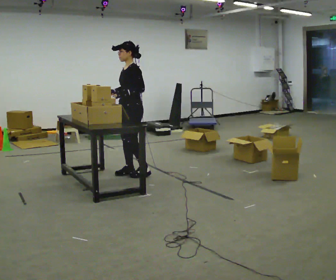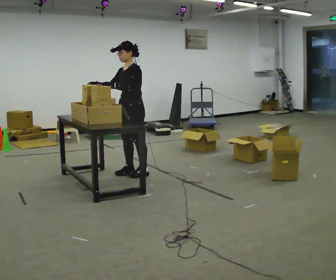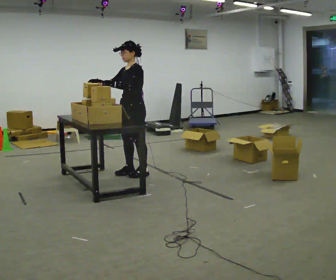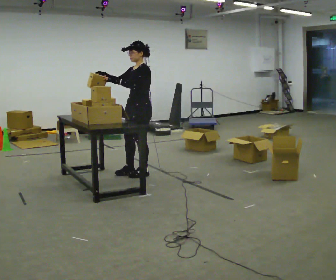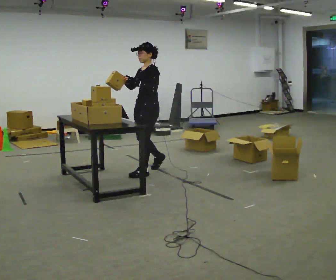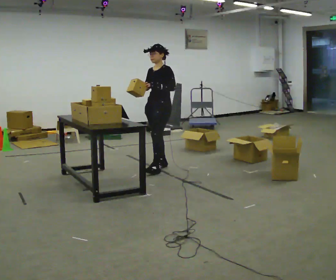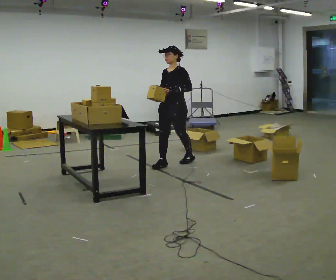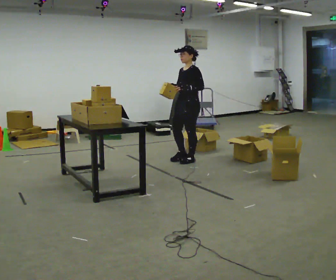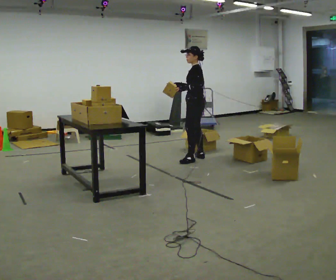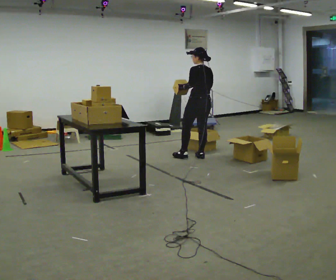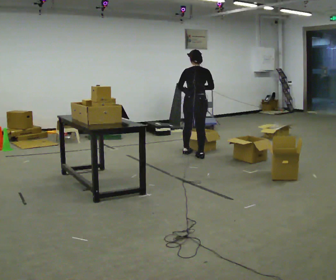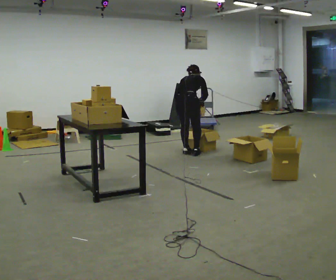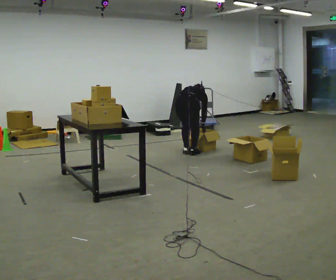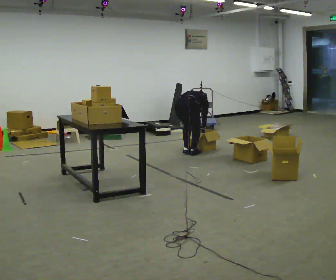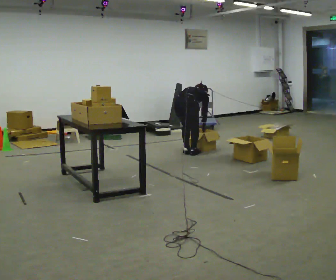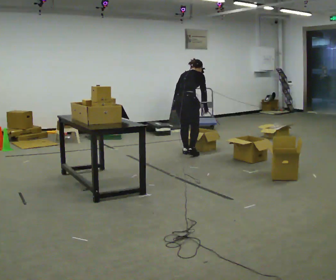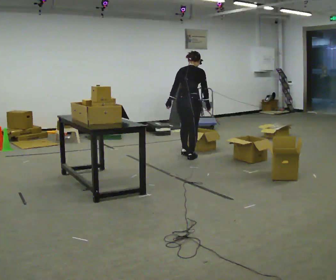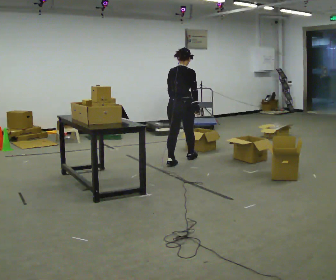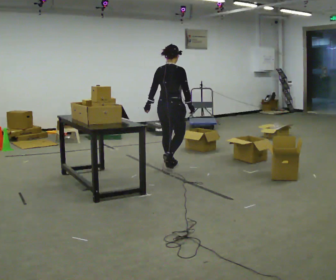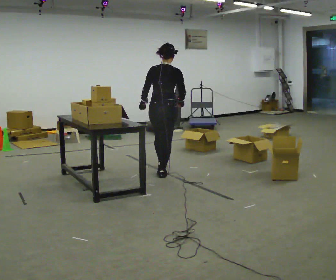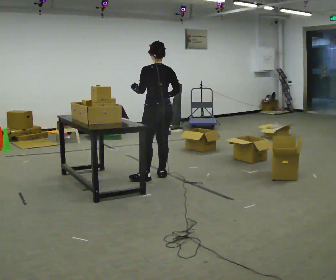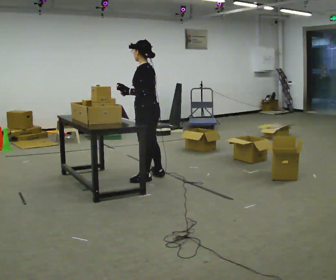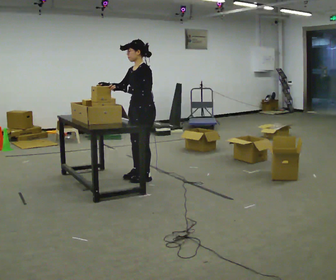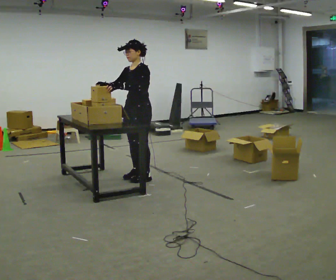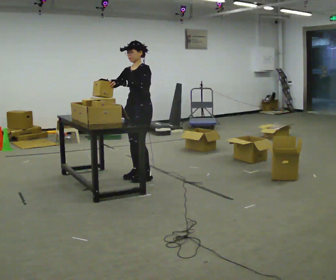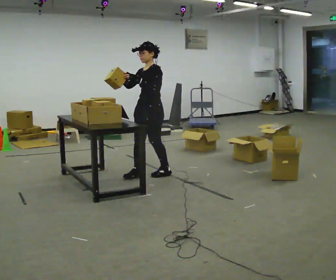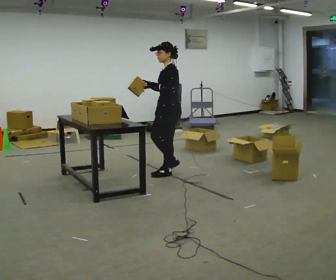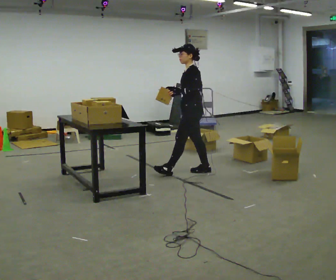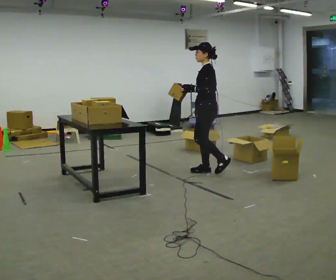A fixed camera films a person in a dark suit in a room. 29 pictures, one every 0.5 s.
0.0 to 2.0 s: In the picture they go to the right, about 0.25 m in 1 step, which for them is backward.
2.0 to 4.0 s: Seen from above the body turns clockwise, about 30 degrees: to their right, with its near side sliding to the left. In the picture they go away from the camera and to the right, about 1 m in 2 steps.
4.0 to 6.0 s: Seen from above the body turns clockwise, about 105 degrees: to their right, with its near side sliding to the left. In the picture they go away from the camera, about 0.25 m in 2 steps. The shoulders move downward. The upper body tips away from the camera, its near side rolling upward, as they bend forward. In the picture their right hand goes downward.
6.0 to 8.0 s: In the picture they go toward the camera, about 0.25 m in 2 steps, which for them is backward. The upper body tips toward the camera, its near side rolling downward, as they lean back or straighten. In the picture their left hand goes upward and to the left.
8.0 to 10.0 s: The part of the body nearest the lens slides to the right as the person turns to their left by about 45 degrees. In the picture they go toward the camera, about 1 m in 2 steps, which for them is backward.
10.0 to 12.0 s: Seen from above the body turns counterclockwise, about 105 degrees: to their left, with its near side sliding to the right. In the picture they go to the left, about 0.25 m in 1 step. In the picture their right hand goes to the left.
12.0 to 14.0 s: The person turns about 45 degrees to their right, clockwise seen from above, so the part of the body nearest the lens slides to the left. In the picture they go to the right, about 1 m in 3 steps, which for them is backward.
The film runs backward here.
